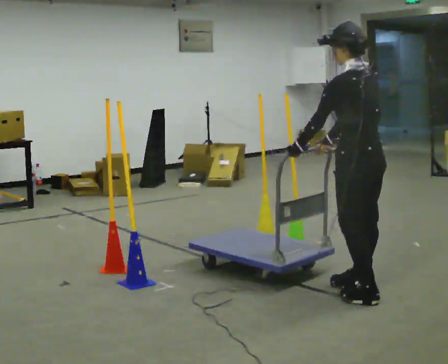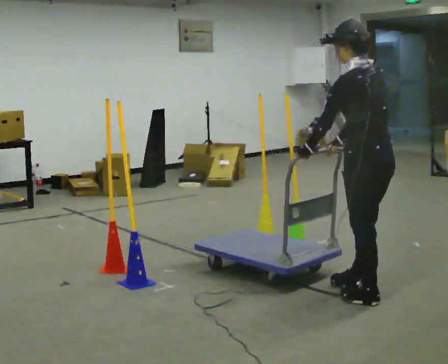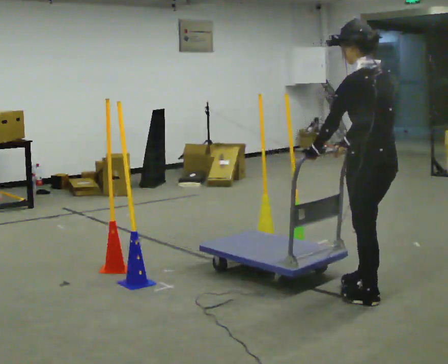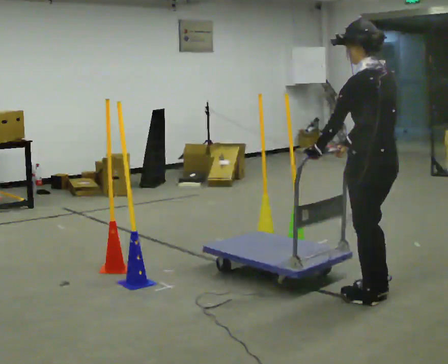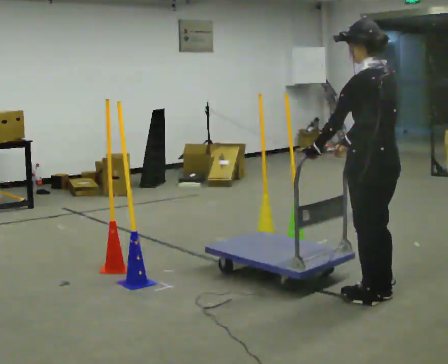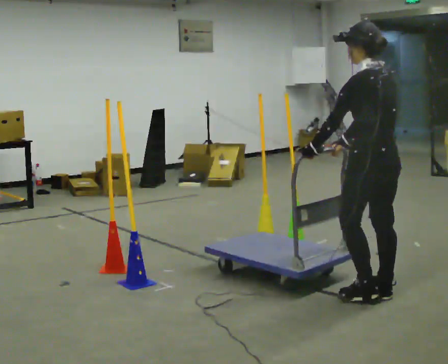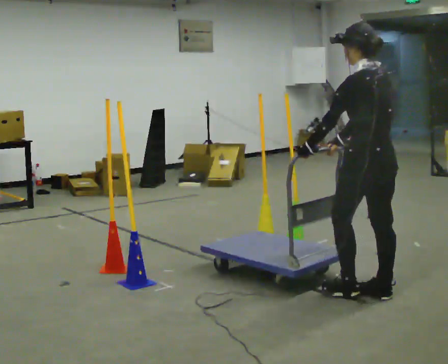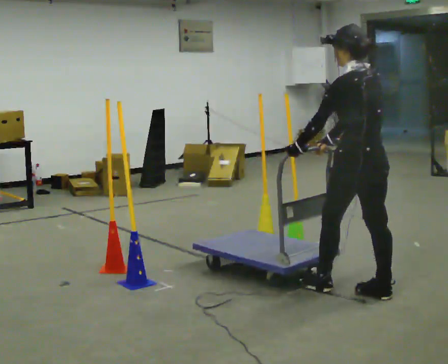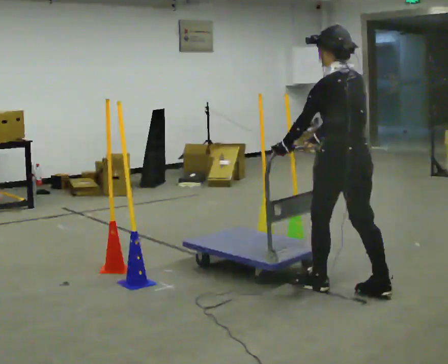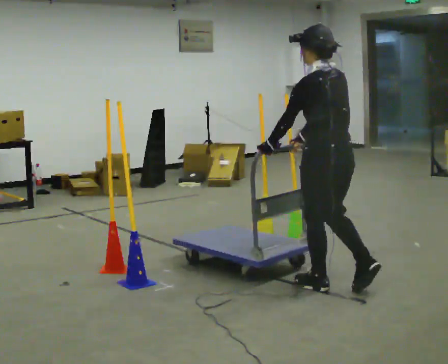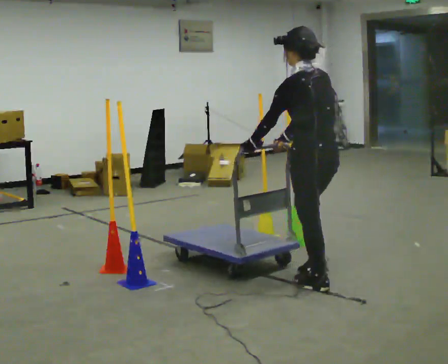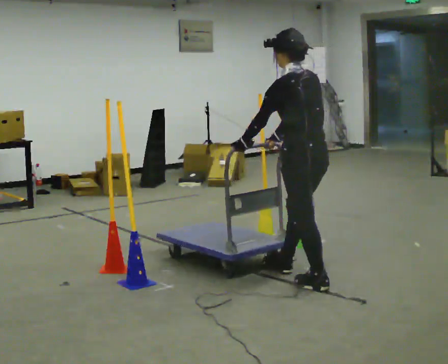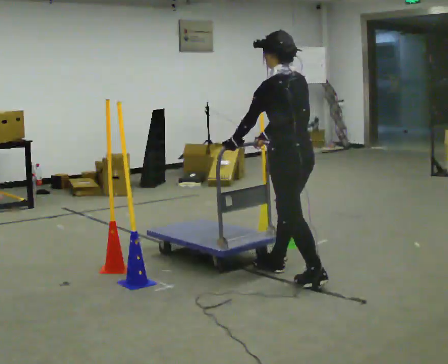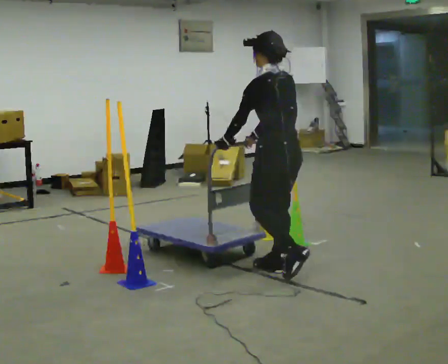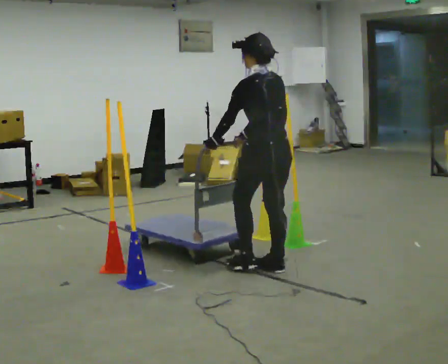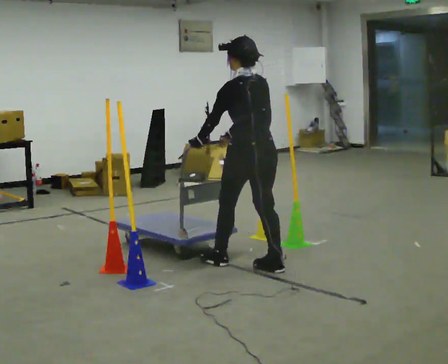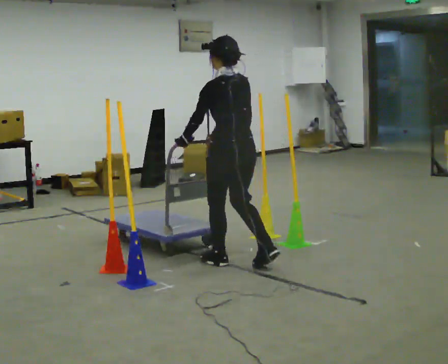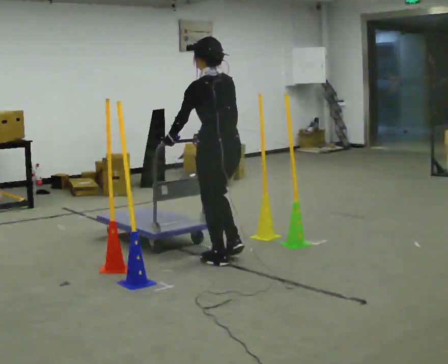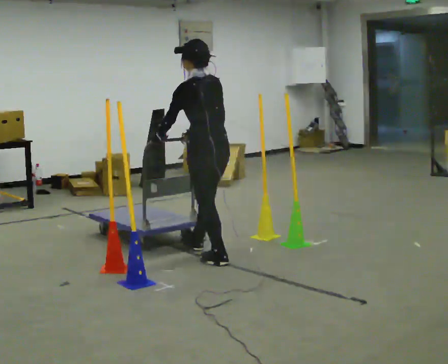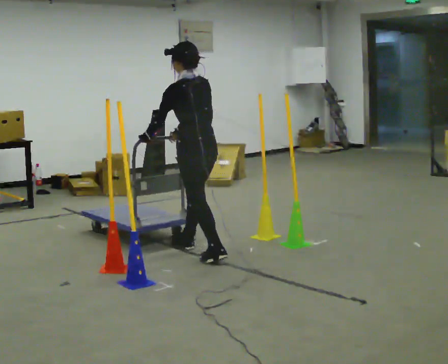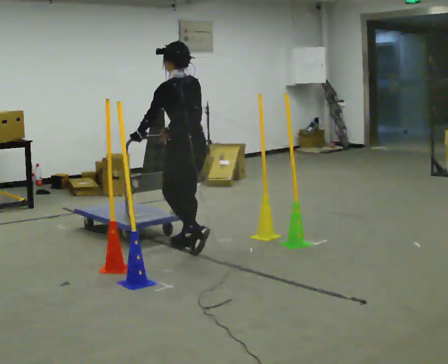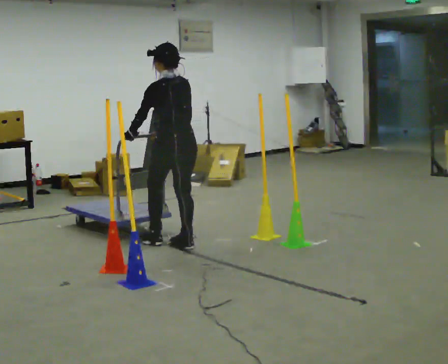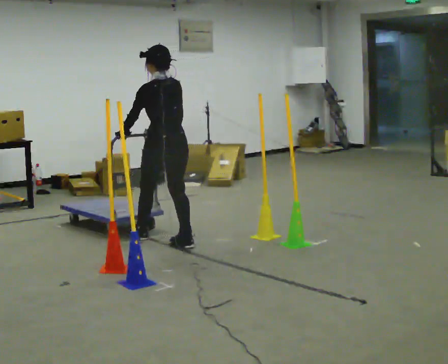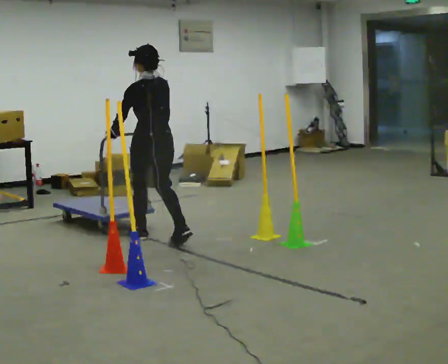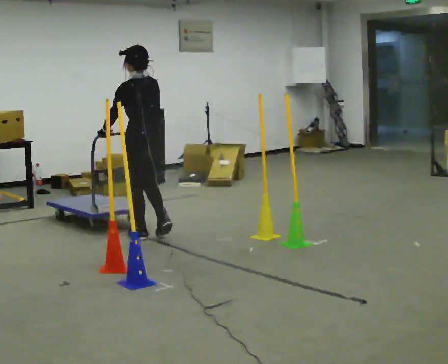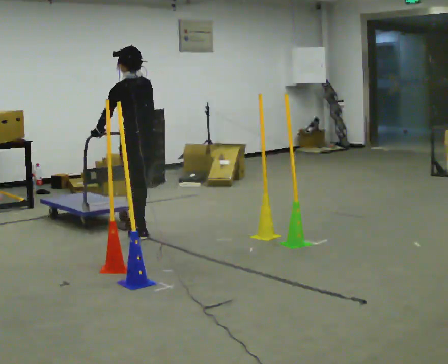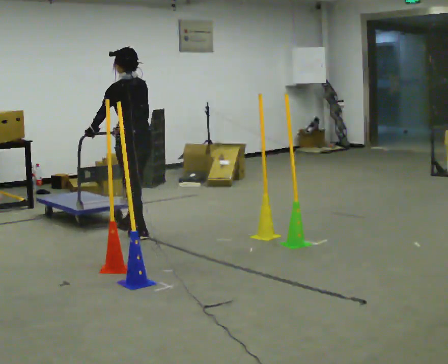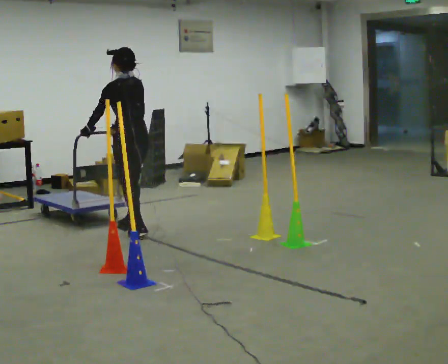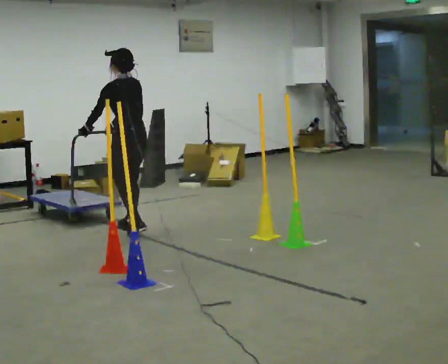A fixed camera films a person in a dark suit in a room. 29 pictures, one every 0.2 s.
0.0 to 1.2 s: The person moves a little, or ends about where they began.
1.2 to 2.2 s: In the picture they go to the left and away from the camera, about 0.5 m in 1 step, which for them is forward.
2.2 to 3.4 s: In the picture they go to the left and away from the camera, about 1 m in 2 steps, which for them is forward.
3.4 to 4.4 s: In the picture they go away from the camera and to the left, about 0.75 m in 2 steps, which for them is forward.
4.4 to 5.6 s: In the picture they go away from the camera and to the left, about 0.5 m in 1 step, which for them is forward.
The film runs forward here.
